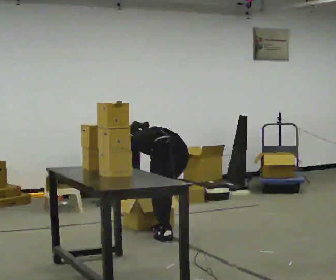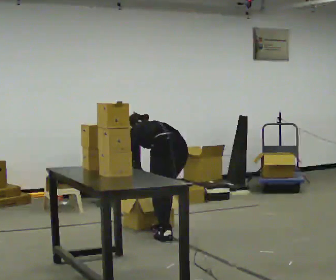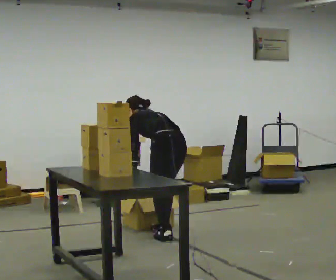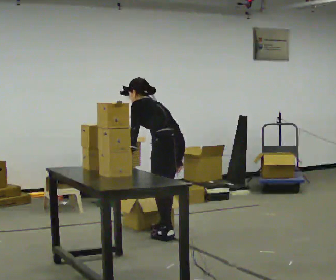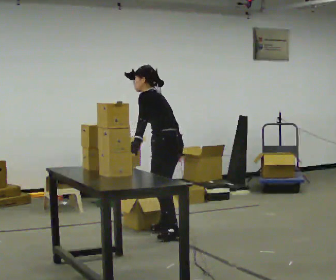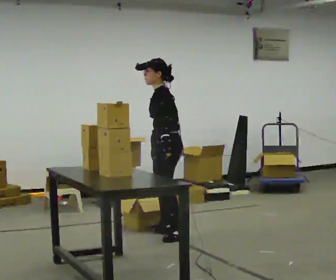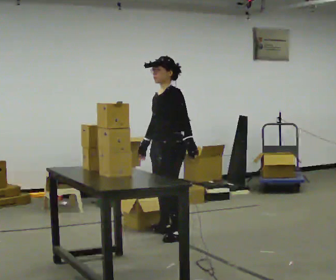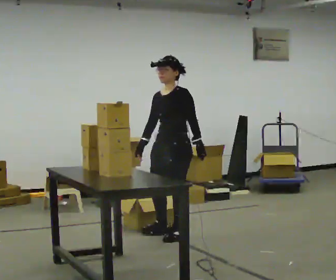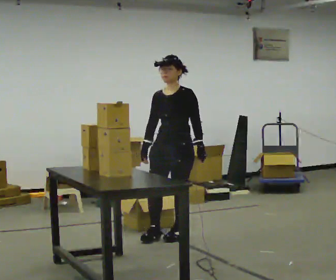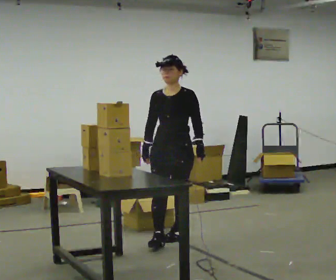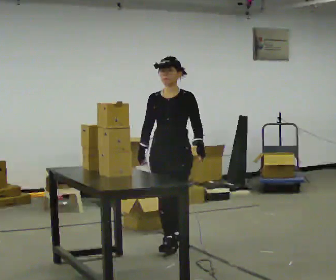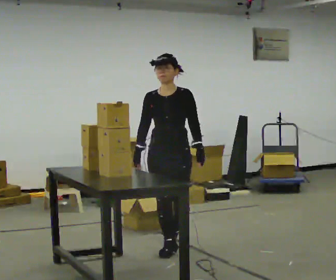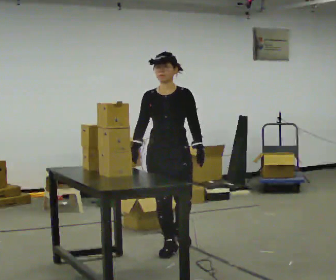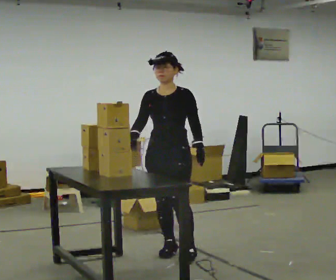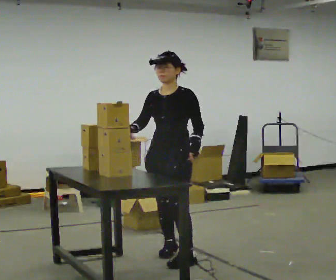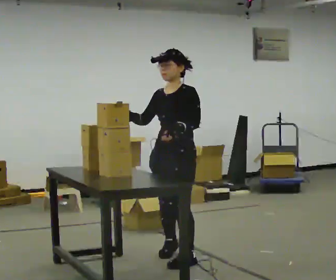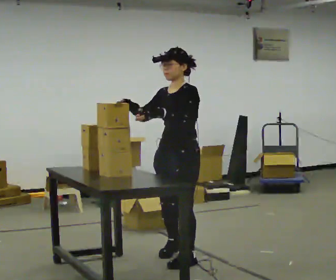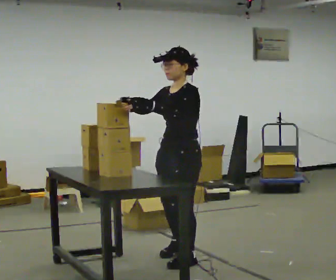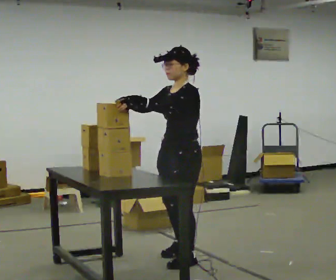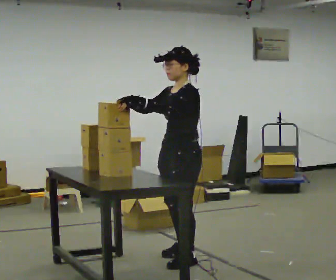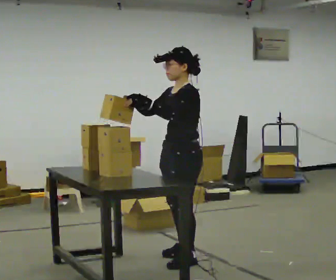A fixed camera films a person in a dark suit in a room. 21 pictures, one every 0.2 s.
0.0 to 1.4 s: The person turns about 90 degrees to their left, counterclockwise seen from above, so the part of the body nearest the lens slides to the right. The upper body goes upward. The upper body tips toward the camera, its near side rolling downward, as they lean back or straighten. In the picture their left hand goes to the right and upward.
1.4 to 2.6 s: Seen from above the body turns counterclockwise, about 30 degrees: to their left, with its near side sliding to the right. In the picture they go toward the camera, about 0.5 m in 1 step, which for them is forward.
2.6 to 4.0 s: The part of the body nearest the lens slides to the left as the person turns to their right by about 60 degrees. In the picture they go toward the camera, about 0.25 m in 2 steps, which for them is to their left. In the picture their left hand goes upward.
The film runs forward here.
